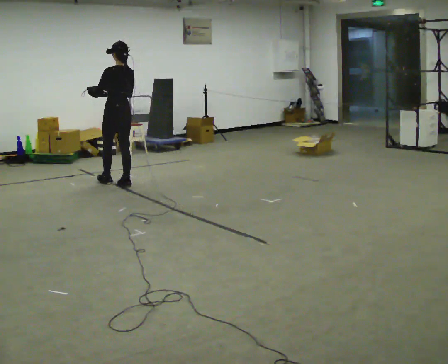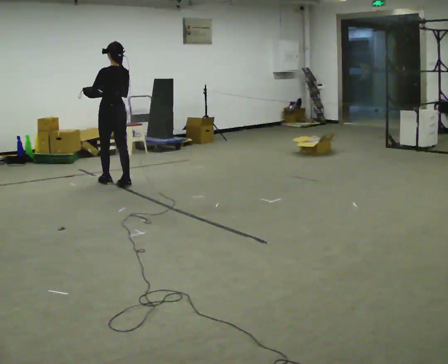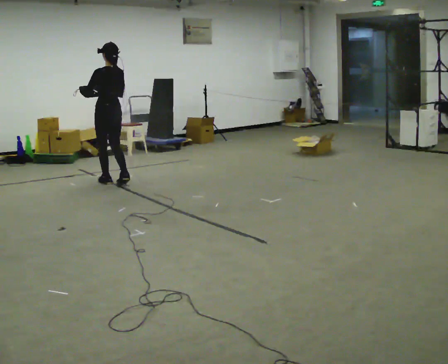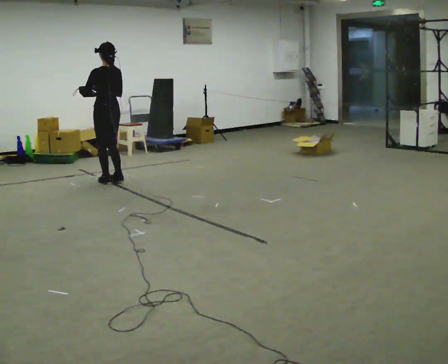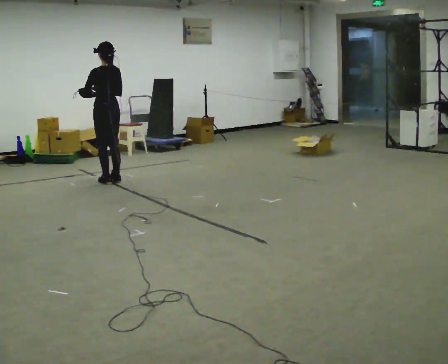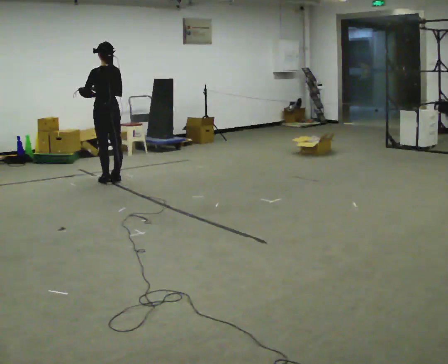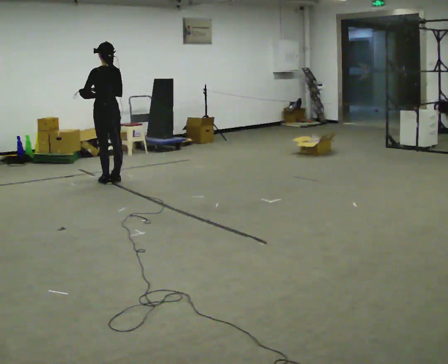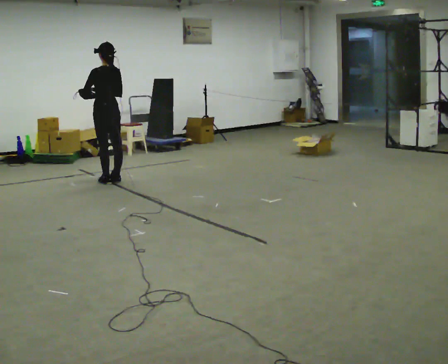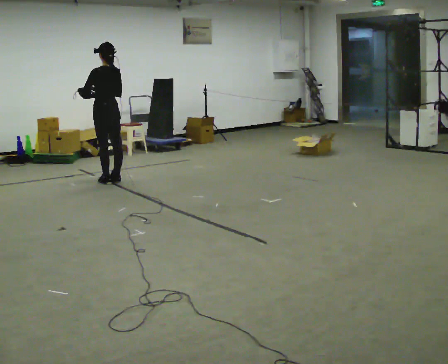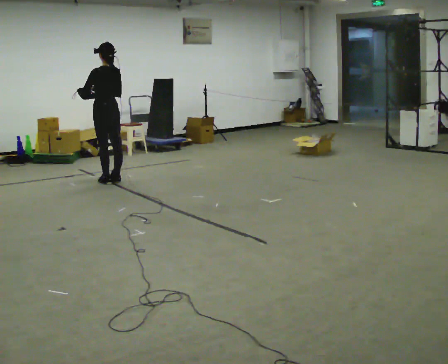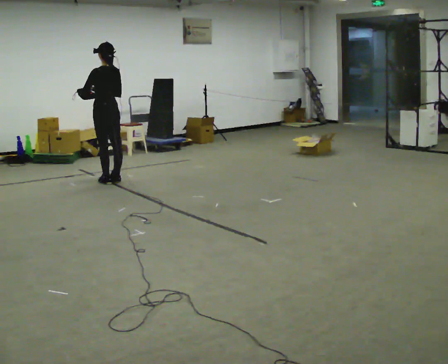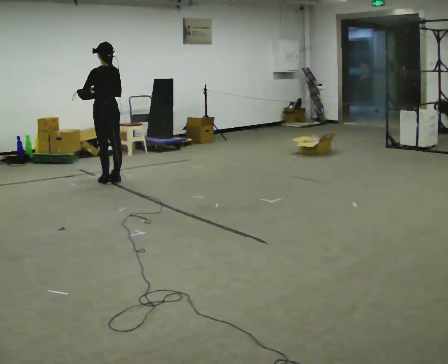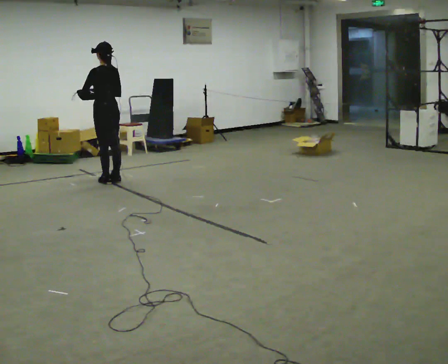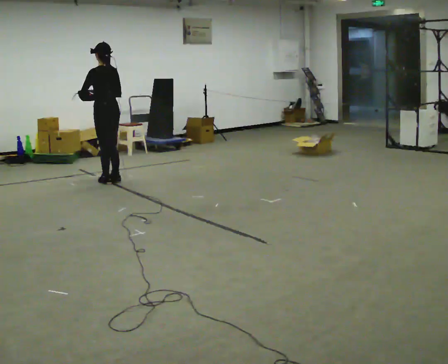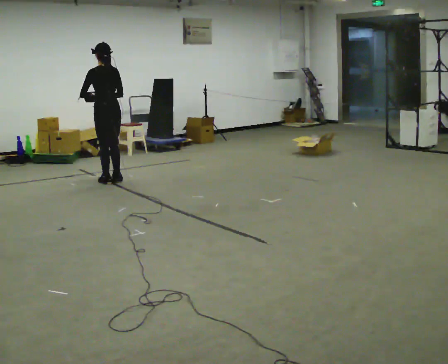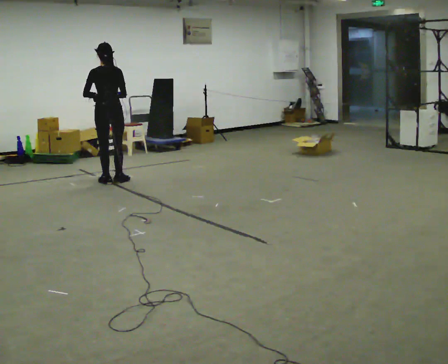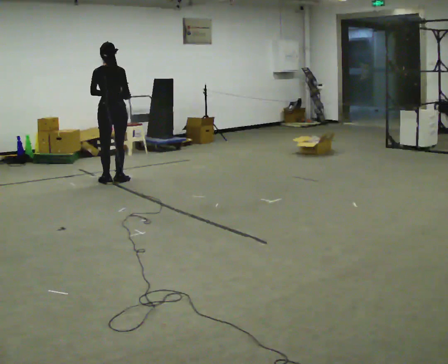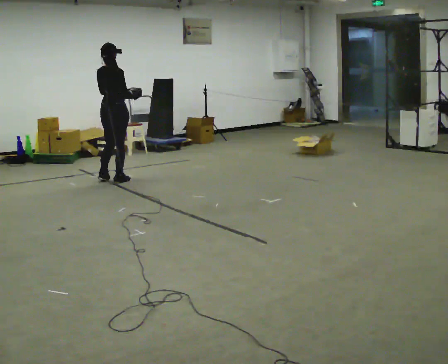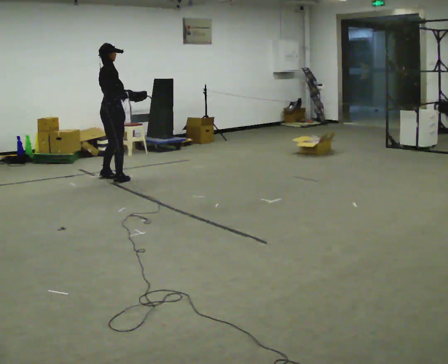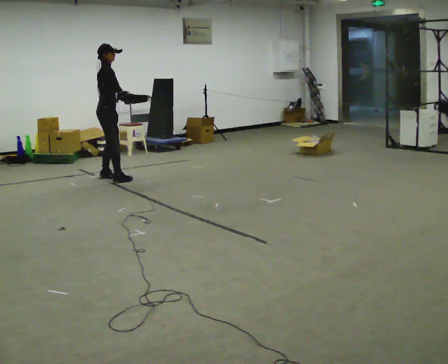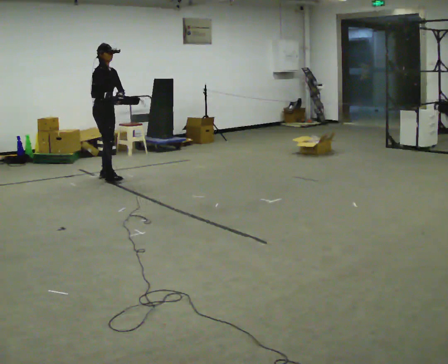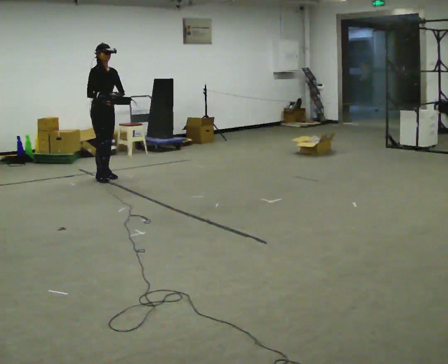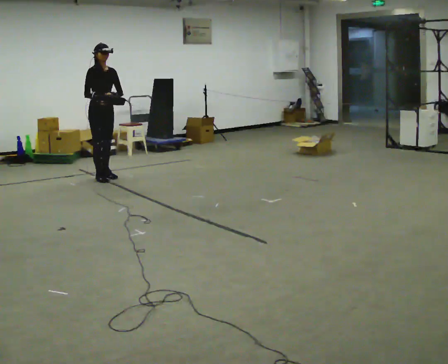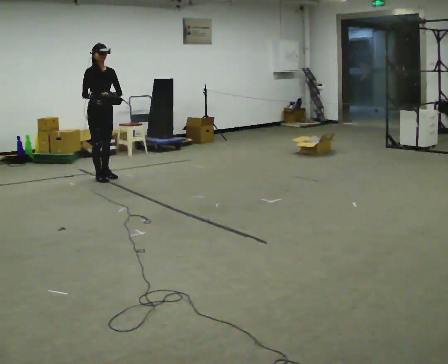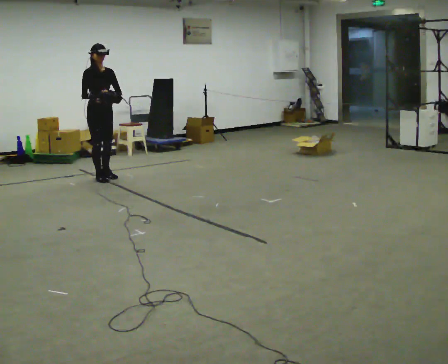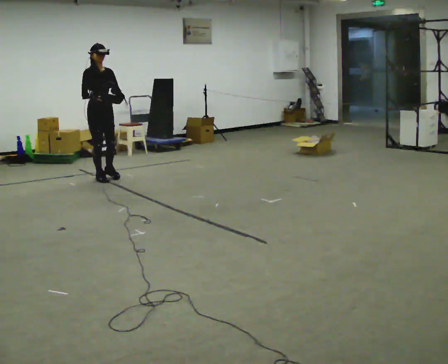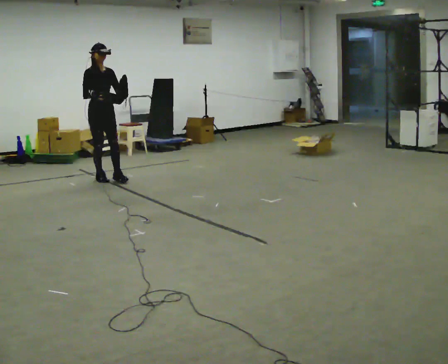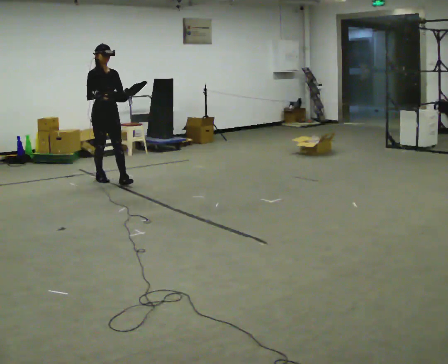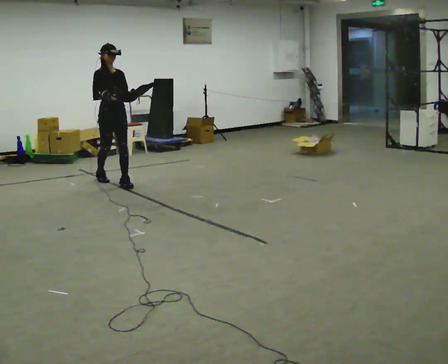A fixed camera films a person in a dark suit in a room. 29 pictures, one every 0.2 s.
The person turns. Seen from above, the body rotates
clockwise.
The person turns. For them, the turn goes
to their right.
0.0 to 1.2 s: In the picture they go away from the camera, about 0.25 m in 1 step, which for them is forward.
1.2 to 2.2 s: The person moves a little, or ends about where they began.
2.2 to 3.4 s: The part of the body nearest the lens slides to the left as the person turns to their right by about 75 degrees. In the picture their right hand goes to the right.
3.4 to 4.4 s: The part of the body nearest the lens slides to the left as the person turns to their right by about 105 degrees. In the picture they go away from the camera, about 0.25 m in 2 steps. In the picture their right hand goes to the left.
4.4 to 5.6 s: In the picture they go toward the camera, about 0.25 m in 1 step, which for them is forward.
The film runs forward here.
